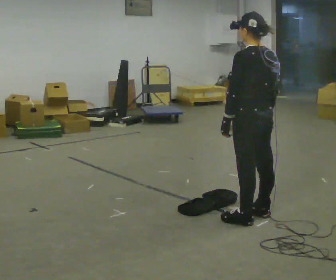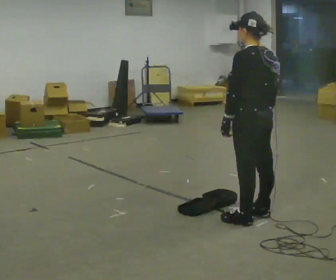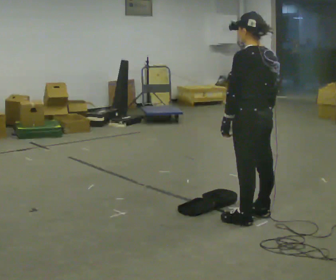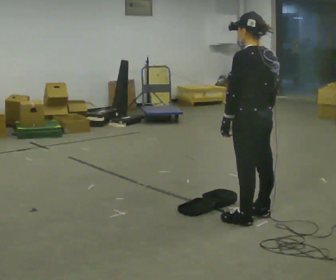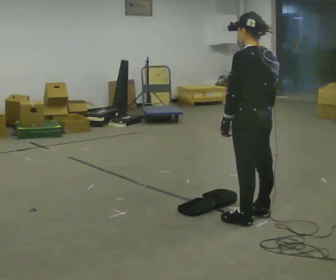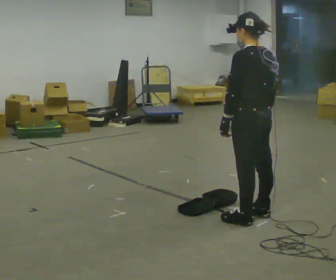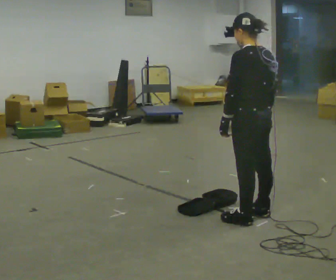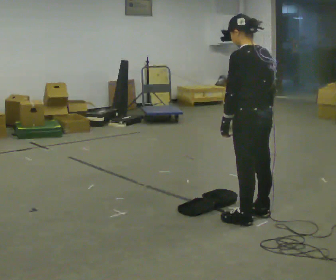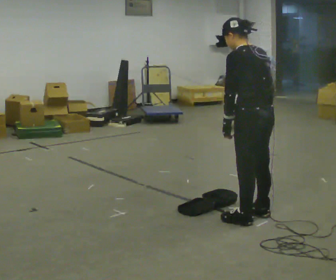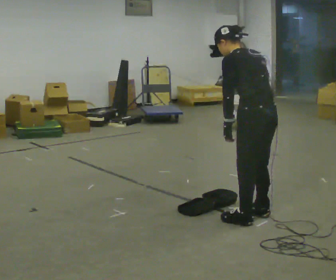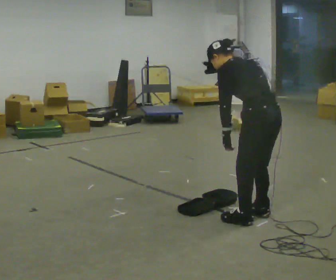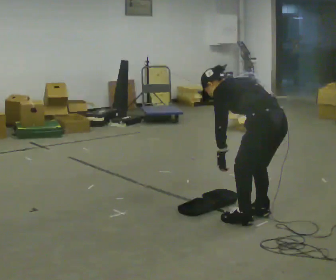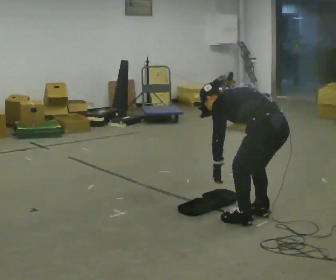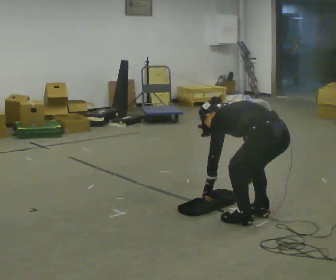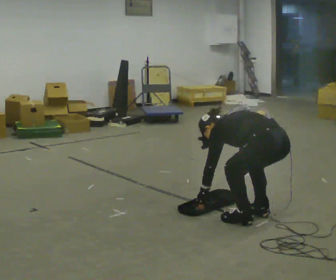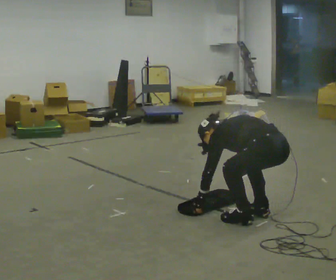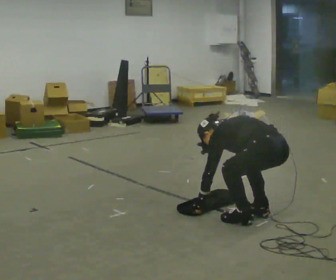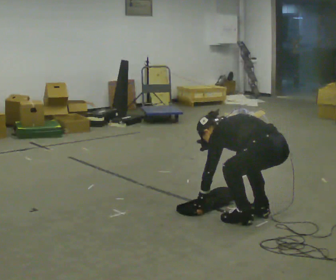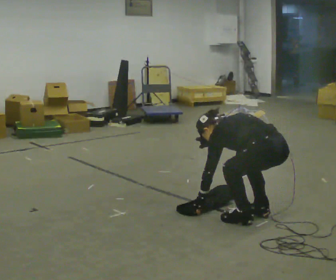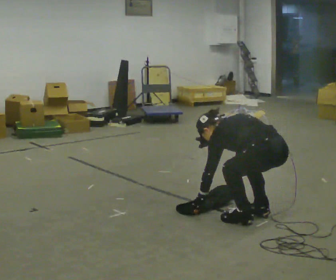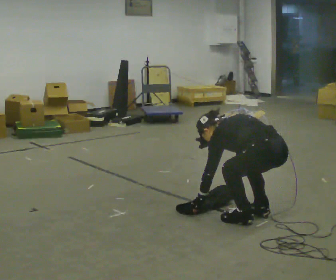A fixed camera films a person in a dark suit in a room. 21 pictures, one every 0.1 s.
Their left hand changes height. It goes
downward.
Their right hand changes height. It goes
downward.
0.0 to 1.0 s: The upper body tips away from the camera, its near side rolling upward, as they bend forward.
1.0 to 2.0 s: The shoulders move downward. In the picture the upper body tilts counterclockwise, shoulders to the left, as they bend forward. In the picture their right hand goes downward.
The film runs forward here.
